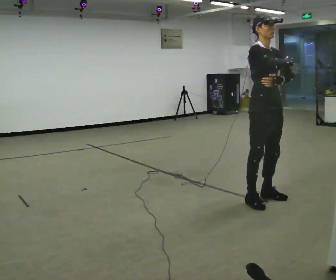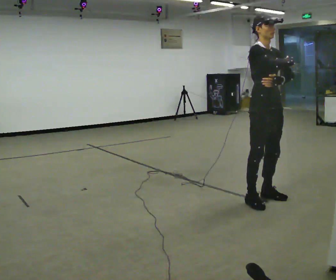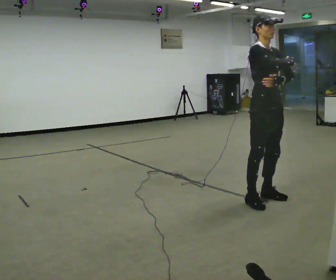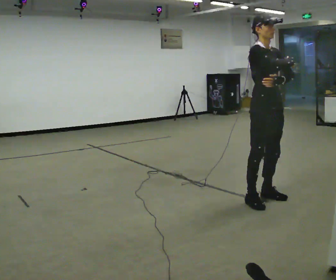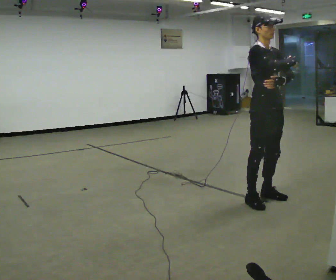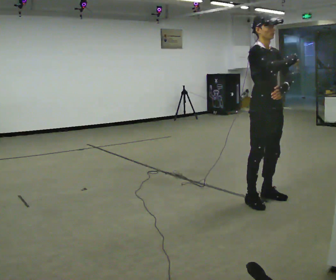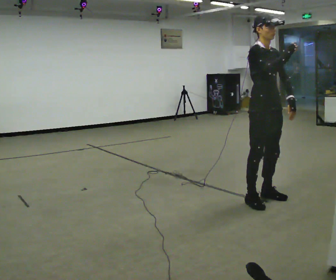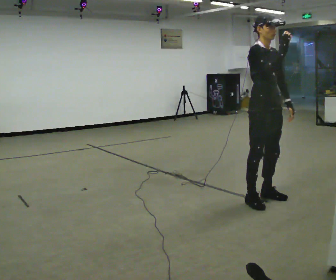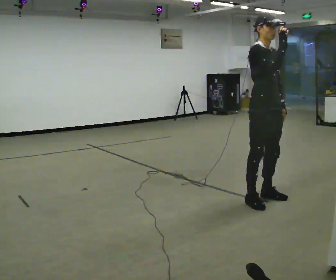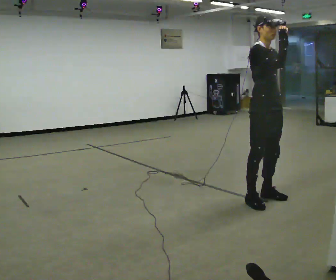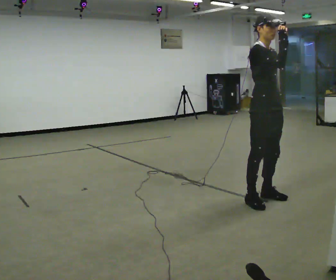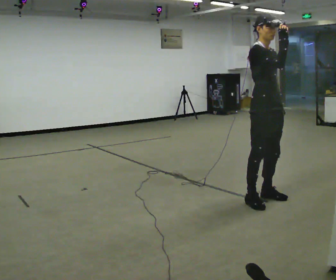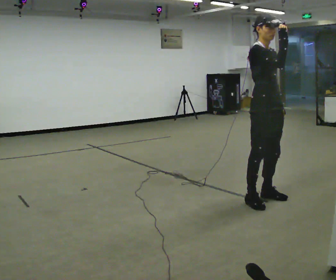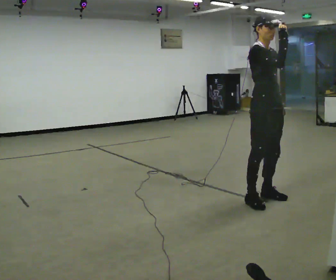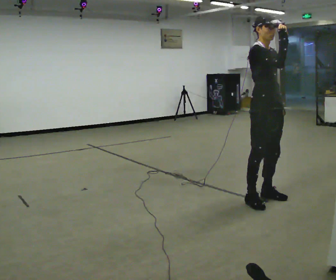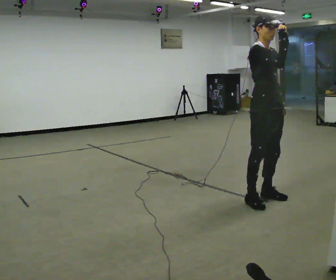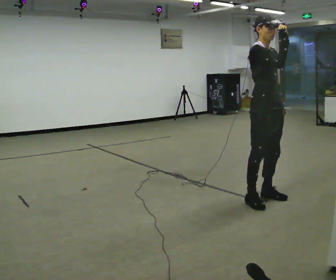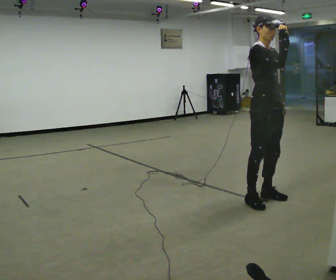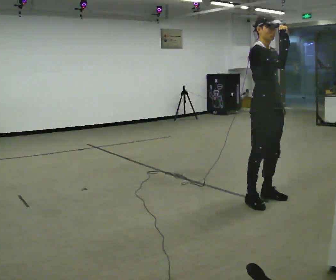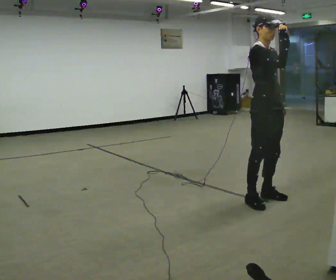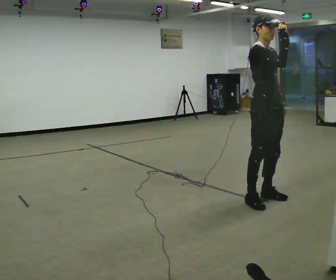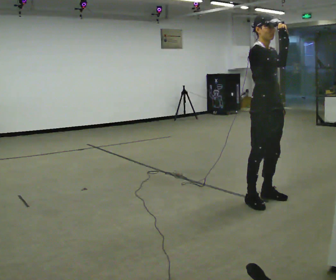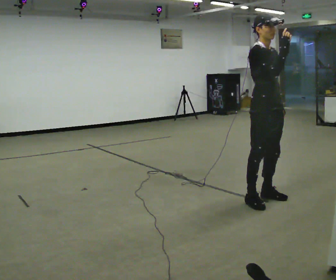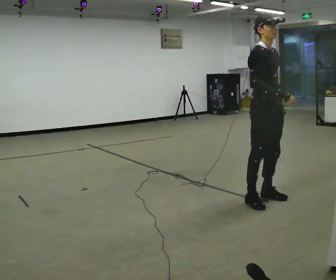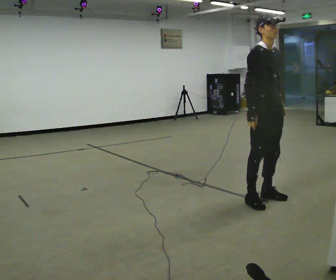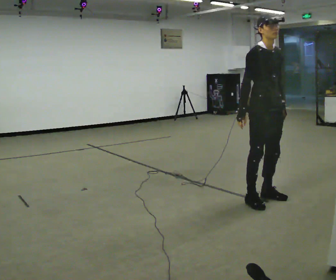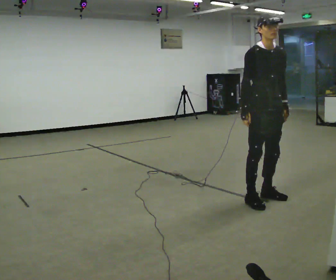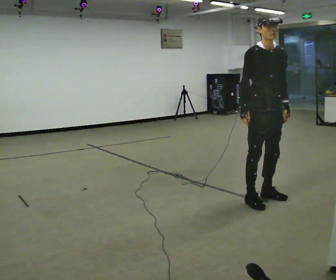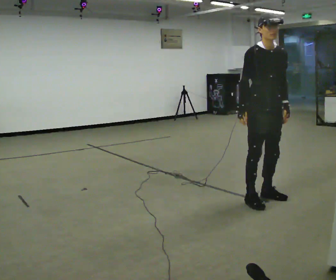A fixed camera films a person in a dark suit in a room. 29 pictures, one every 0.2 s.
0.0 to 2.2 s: The person moves a little, or ends about where they began.
2.2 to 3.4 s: The person keeps their place and pose.
3.4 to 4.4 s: The person moves a little, or ends about where they began.
4.4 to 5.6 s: Seen from above the body turns clockwise, about 30 degrees: to their right, with its near side sliding to the left. In the picture their right hand goes downward and to the left.
The film runs forward here.
